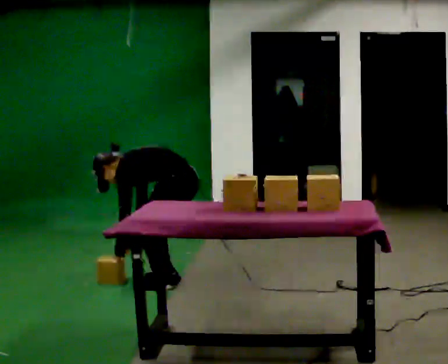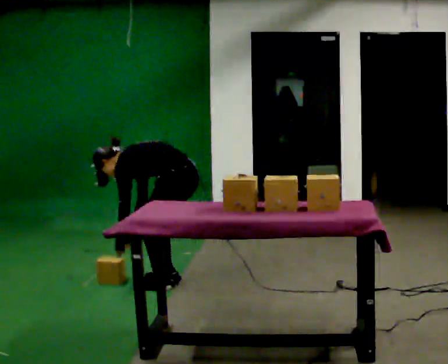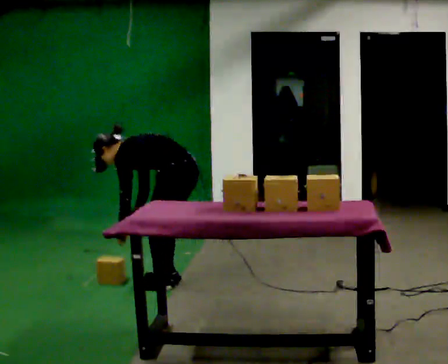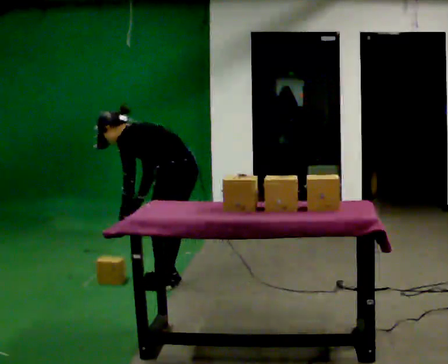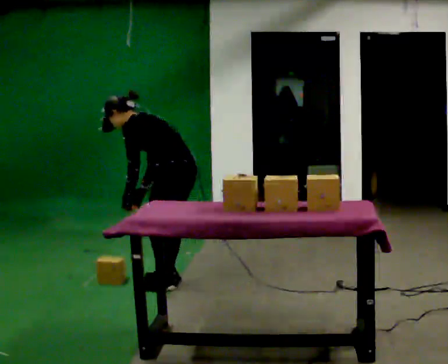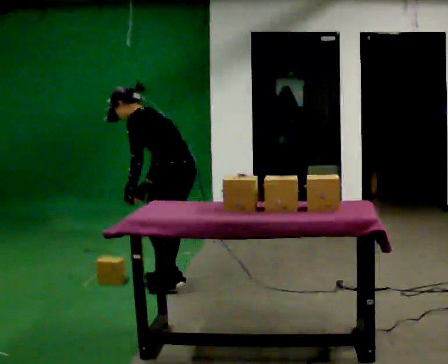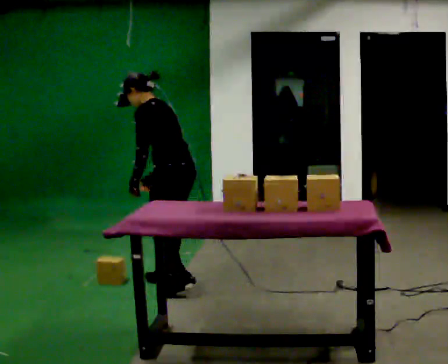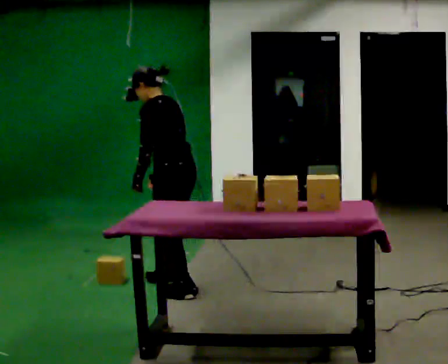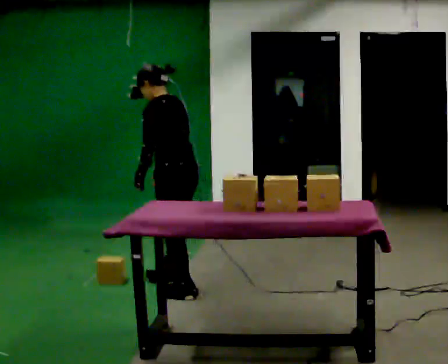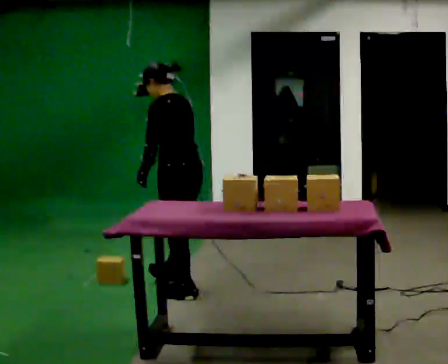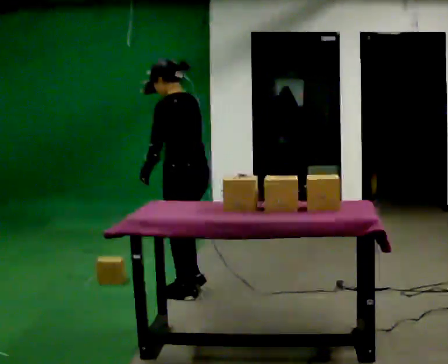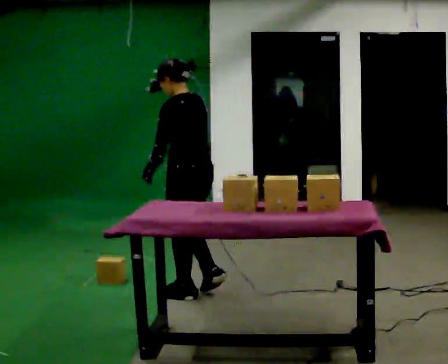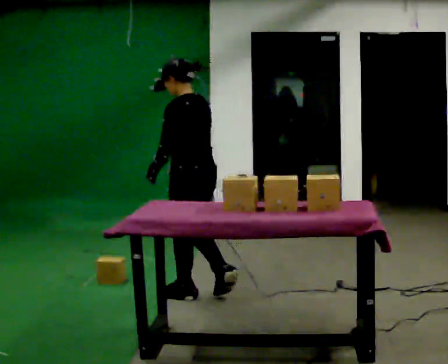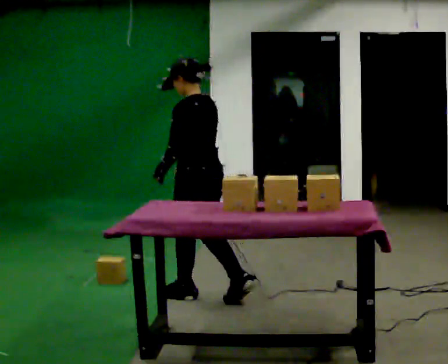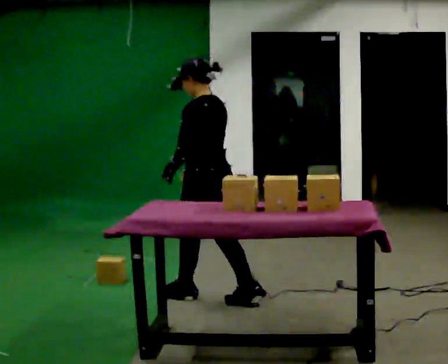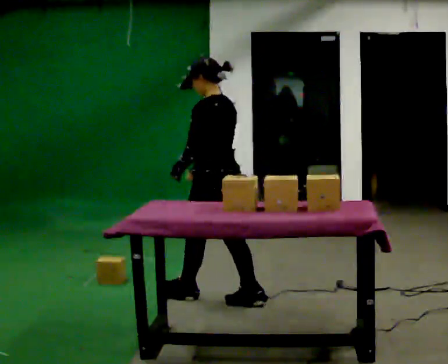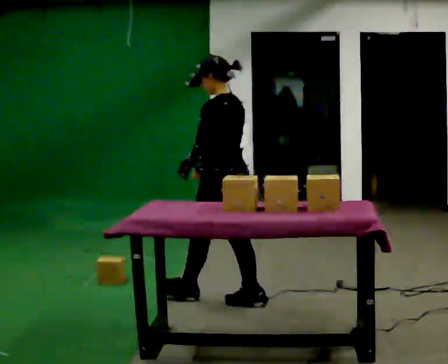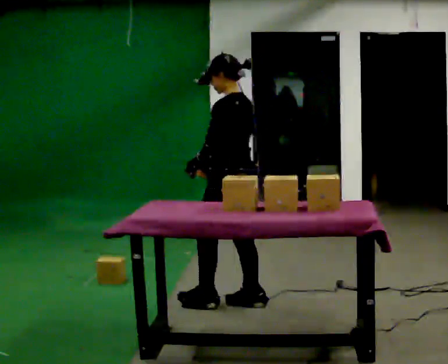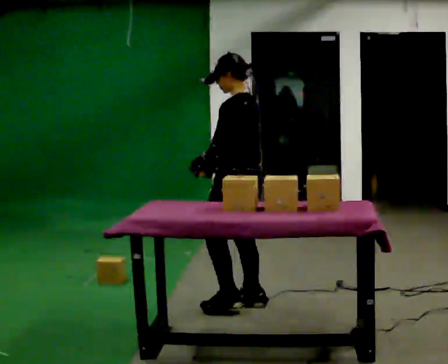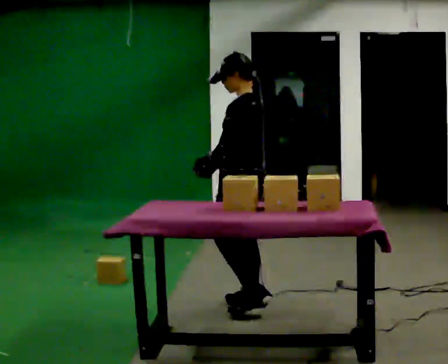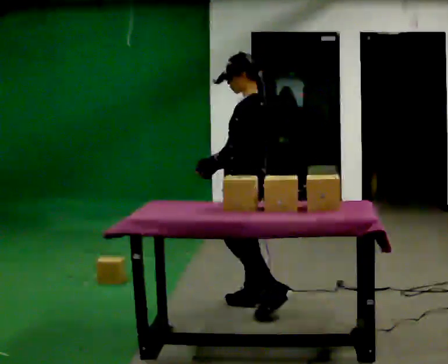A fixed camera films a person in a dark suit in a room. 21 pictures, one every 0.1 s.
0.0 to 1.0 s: In the picture they go toward the camera, about 0.25 m in 2 steps, which for them is to their left and backward. The upper body goes upward. In the picture the upper body tilts clockwise, shoulders to the right, as they lean back or straighten. In the picture their left hand goes upward.
1.0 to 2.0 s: The part of the body nearest the lens slides to the right as the person turns to their left by about 30 degrees. In the picture they go to the right and toward the camera, about 0.5 m in 1 step, which for them is backward.
The film runs backward here.
